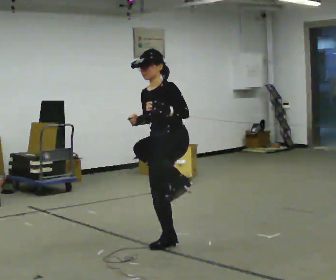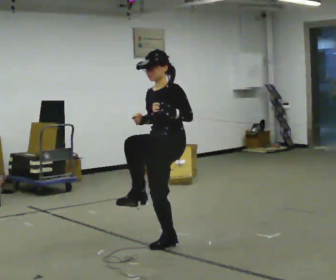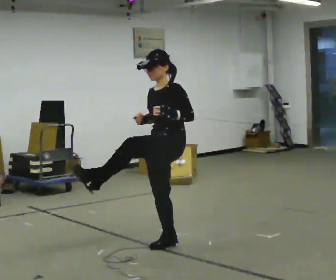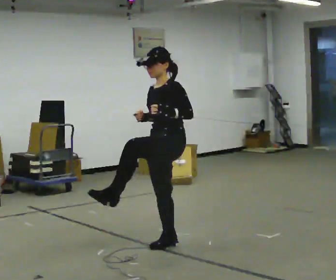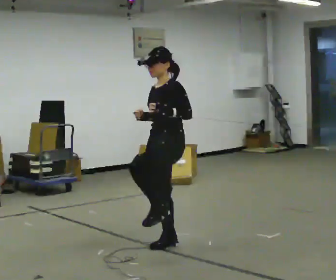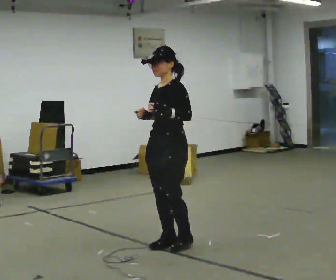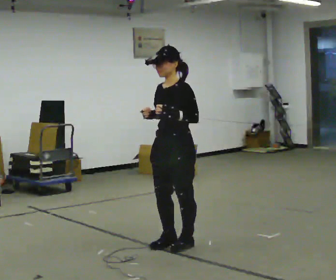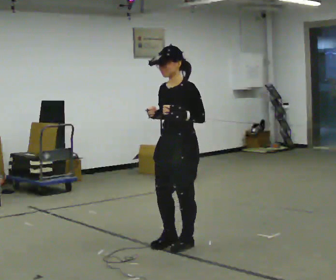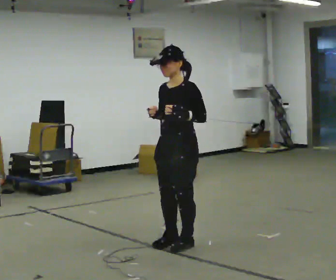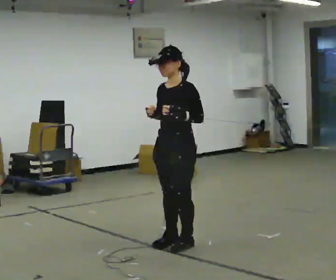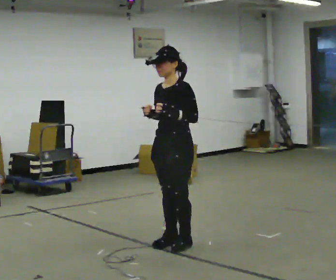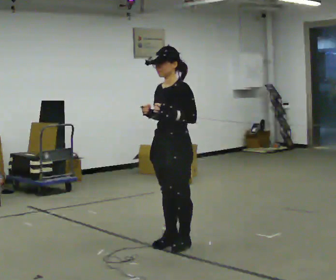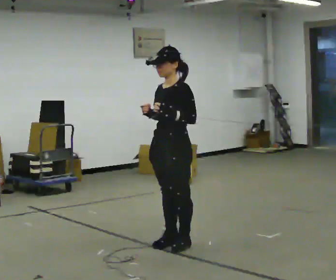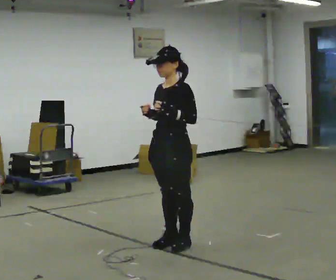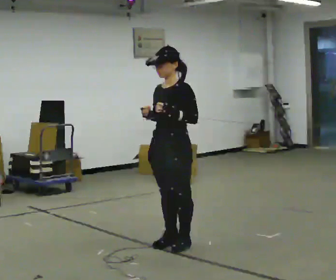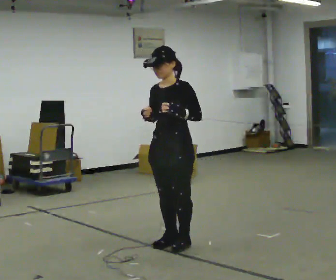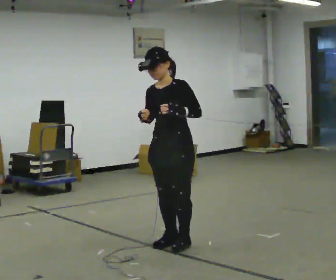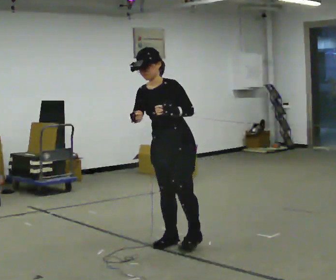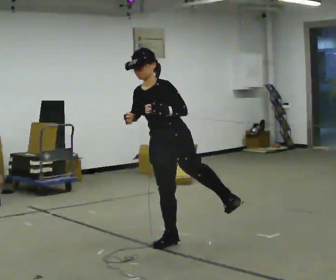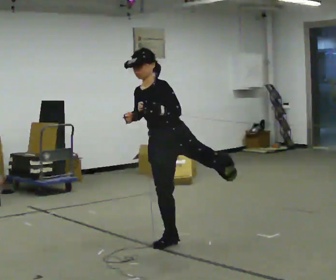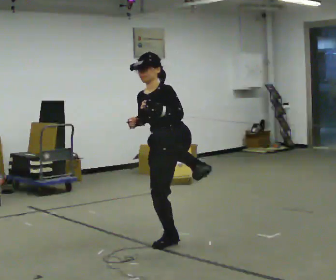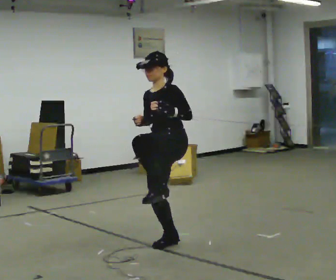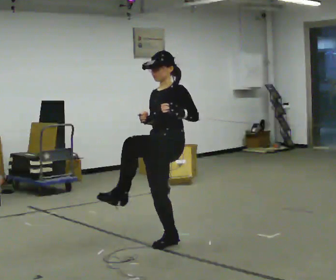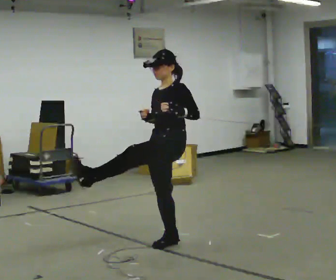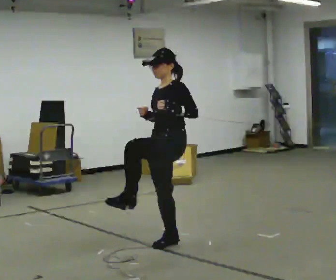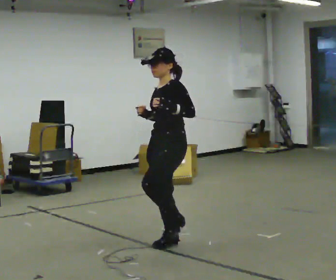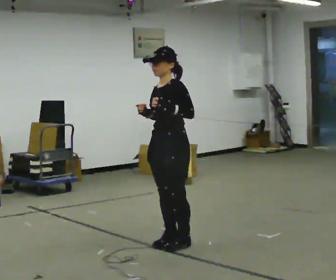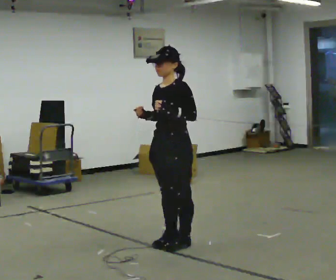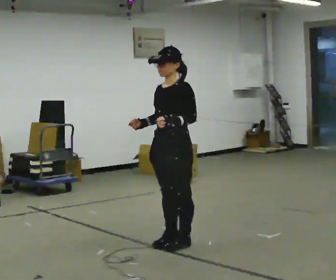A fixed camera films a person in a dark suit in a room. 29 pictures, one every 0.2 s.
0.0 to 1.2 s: In the picture the upper body tilts clockwise, shoulders to the right.
1.2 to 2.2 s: The person moves a little, or ends about where they began.
2.2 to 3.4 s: In the picture the upper body tilts counterclockwise, shoulders to the left.
3.4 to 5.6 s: The person moves a little, or ends about where they began.
The film runs backward here.
